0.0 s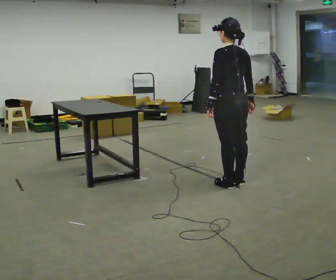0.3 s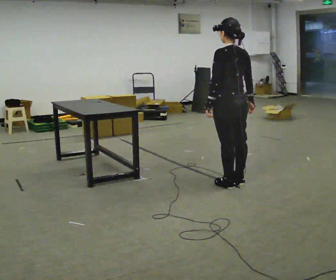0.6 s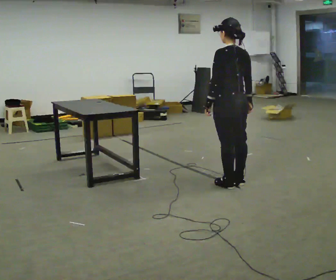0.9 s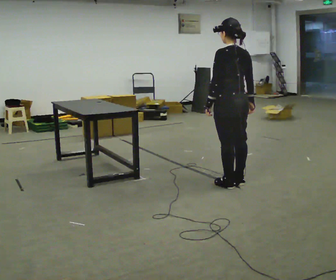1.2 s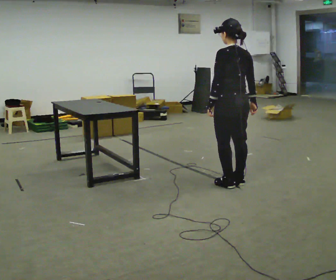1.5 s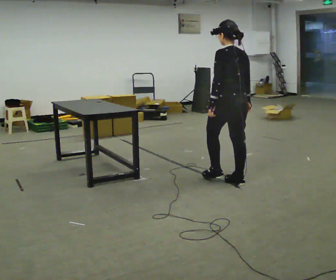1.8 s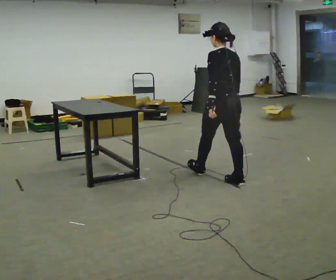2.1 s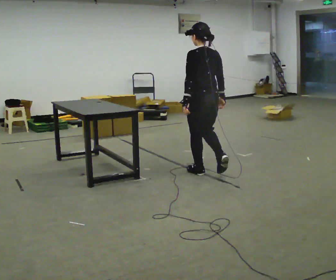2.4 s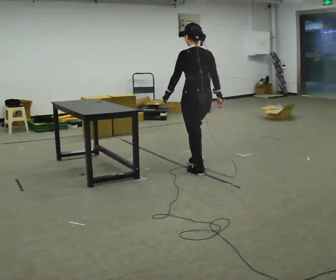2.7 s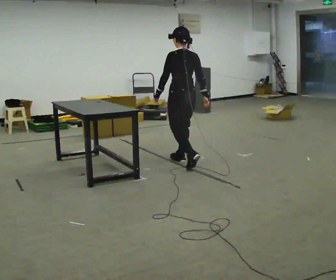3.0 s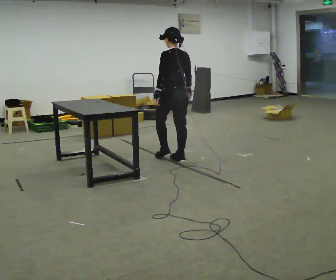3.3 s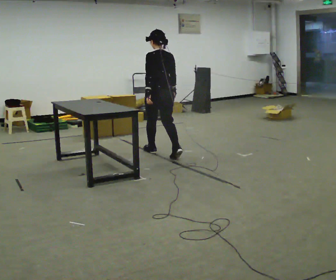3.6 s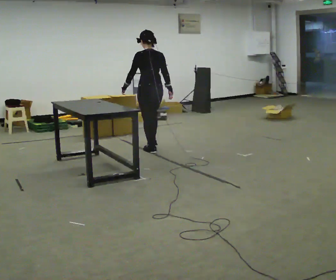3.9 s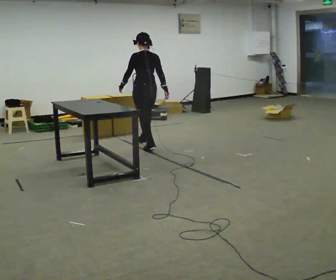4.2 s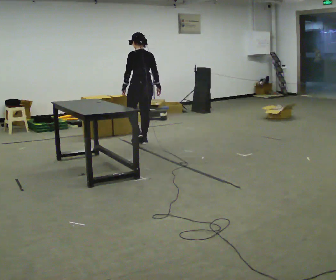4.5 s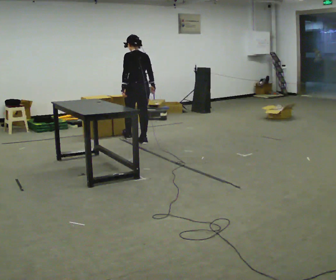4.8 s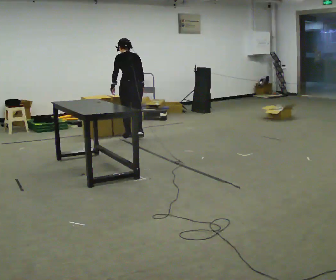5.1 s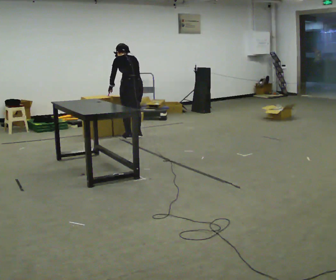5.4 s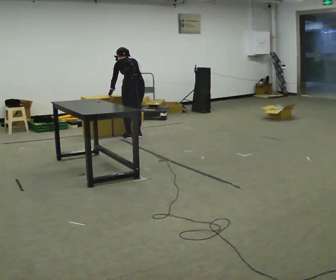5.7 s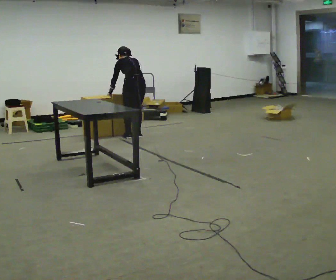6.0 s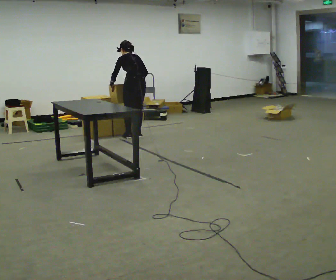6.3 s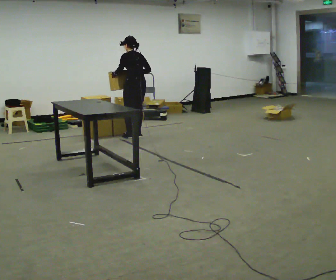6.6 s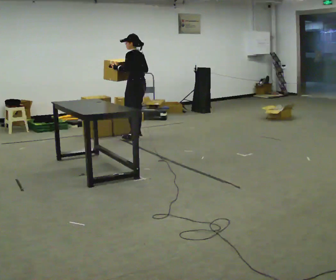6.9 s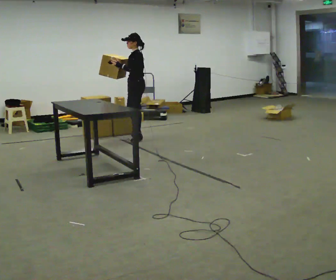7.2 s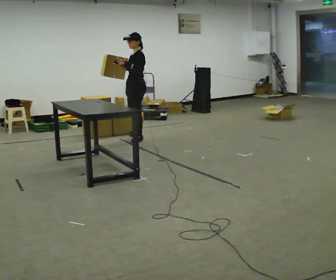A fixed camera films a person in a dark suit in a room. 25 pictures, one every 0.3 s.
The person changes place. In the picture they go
away from the camera.
The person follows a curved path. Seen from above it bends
clockwise.
0.0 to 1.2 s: The person moves a little, or ends about where they began.
1.2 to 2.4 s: In the picture they go away from the camera and to the left, about 0.75 m in 1 step, which for them is forward.
2.4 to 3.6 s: In the picture they go away from the camera and to the left, about 1 m in 2 steps, which for them is forward.
3.6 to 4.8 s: In the picture they go away from the camera and to the left, about 1 m in 2 steps, which for them is forward.
4.8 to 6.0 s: The person moves a little, or ends about where they began.
6.0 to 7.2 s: Seen from above the body turns counterclockwise, about 75 degrees: to their left, with its near side sliding to the right. In the picture they go toward the camera, about 0.25 m. The upper body tips toward the camera, its near side rolling downward, as they lean back or straighten.
The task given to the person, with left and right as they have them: Carry the object over and line it up with the mark on the surface as accurately as you can. Keep going until the operator says stop; one object at a time, and do not rush between trips.
The film runs forward here.
